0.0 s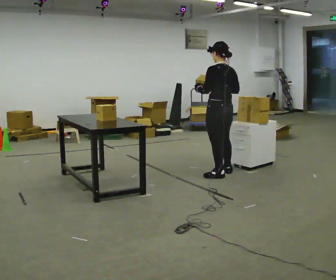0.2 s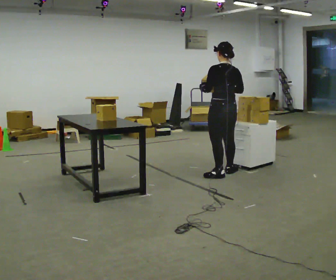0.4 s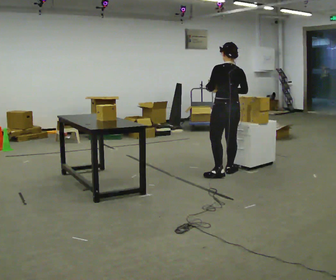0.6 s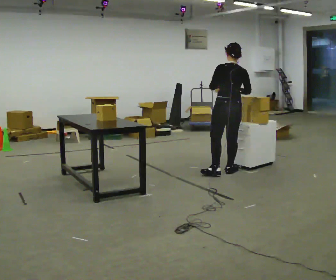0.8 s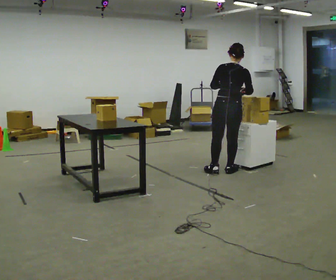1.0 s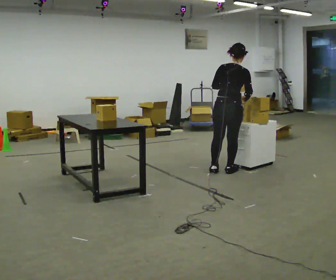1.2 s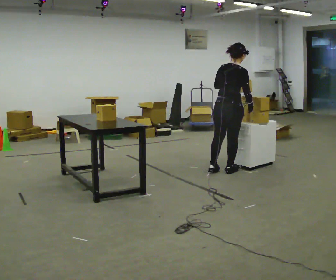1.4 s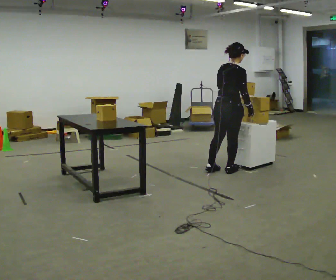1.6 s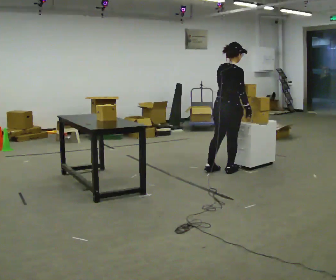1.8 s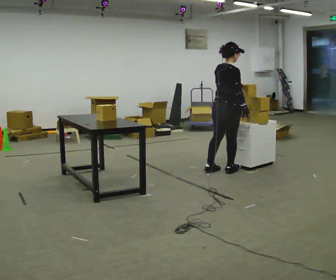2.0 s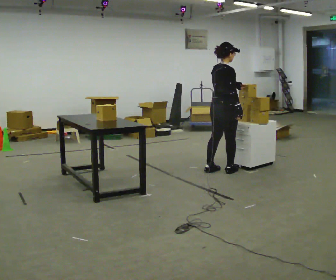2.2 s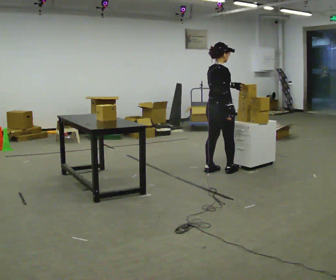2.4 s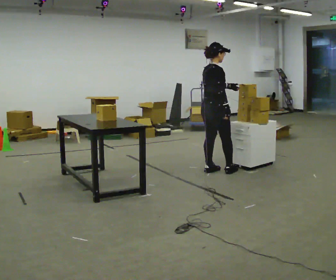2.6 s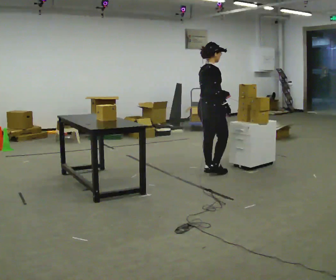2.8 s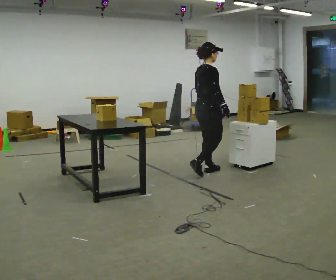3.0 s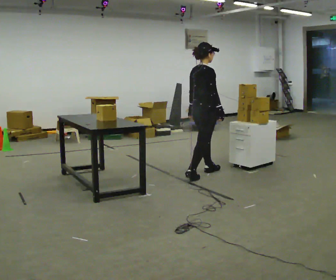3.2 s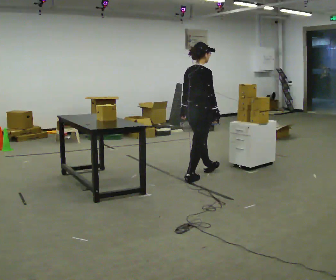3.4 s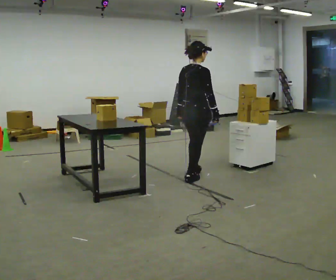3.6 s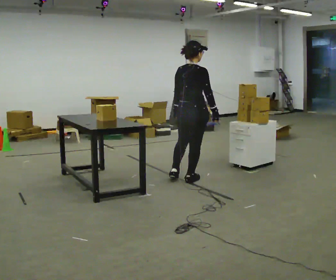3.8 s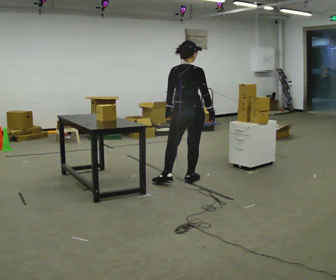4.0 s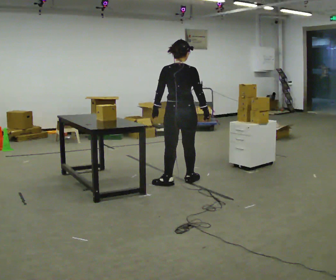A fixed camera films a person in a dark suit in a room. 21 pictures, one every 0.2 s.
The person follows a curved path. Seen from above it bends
counterclockwise.
0.0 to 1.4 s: The part of the body nearest the lens slides to the left as the person turns to their right by about 75 degrees. In the picture they go away from the camera, about 0.25 m in 1 step. In the picture their right hand goes to the right.
1.4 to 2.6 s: The part of the body nearest the lens slides to the left as the person turns to their right by about 30 degrees. In the picture they go to the left, about 0.25 m in 1 step, which for them is to their left and backward.
2.6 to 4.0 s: The person turns about 60 degrees to their left, counterclockwise seen from above, so the part of the body nearest the lens slides to the right. In the picture they go toward the camera and to the left, about 0.5 m in 1 step.
The film runs backward here.
